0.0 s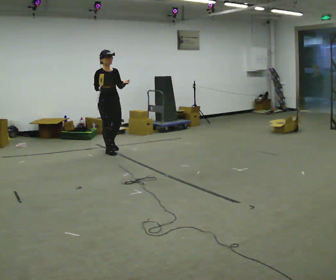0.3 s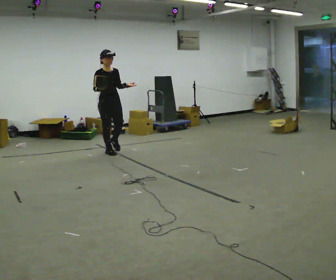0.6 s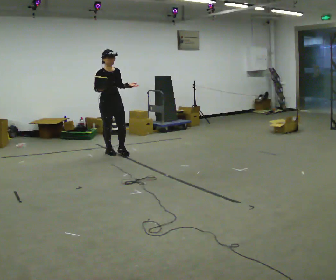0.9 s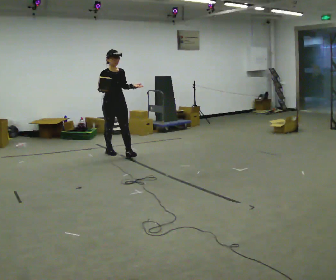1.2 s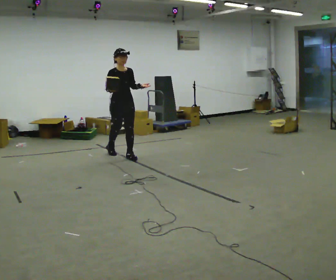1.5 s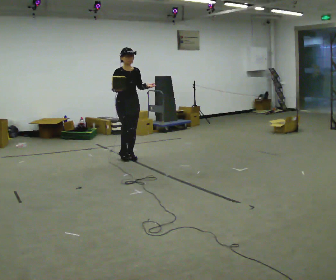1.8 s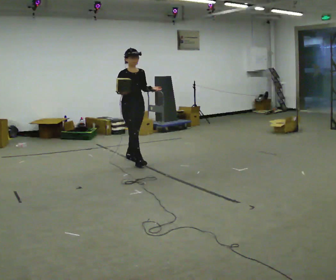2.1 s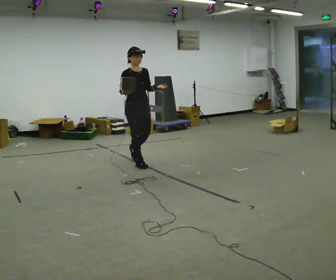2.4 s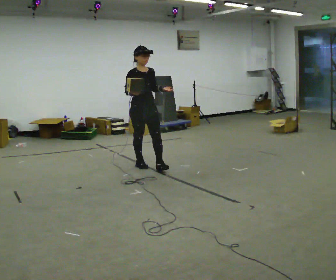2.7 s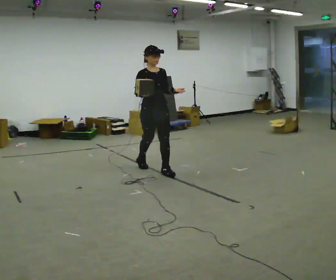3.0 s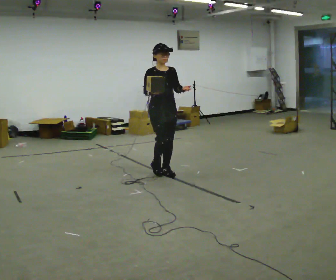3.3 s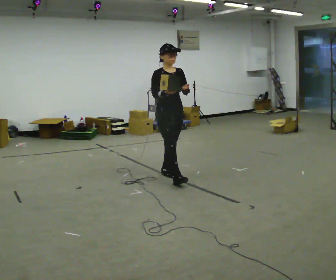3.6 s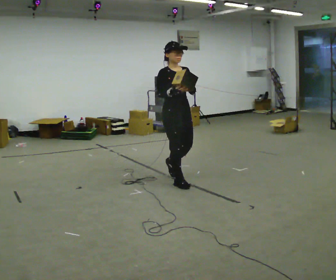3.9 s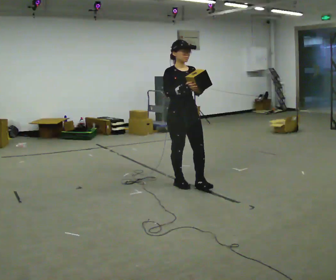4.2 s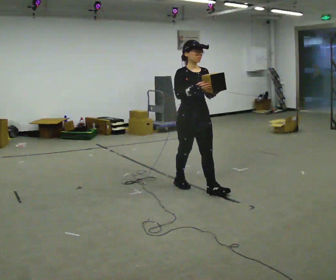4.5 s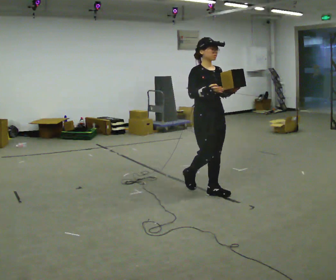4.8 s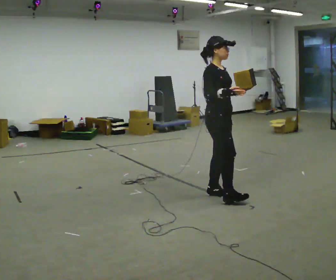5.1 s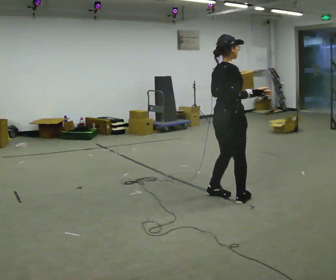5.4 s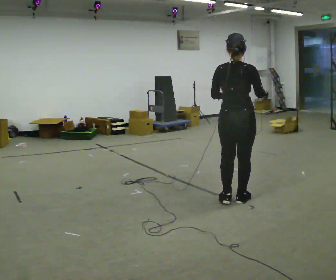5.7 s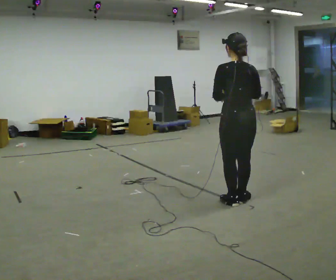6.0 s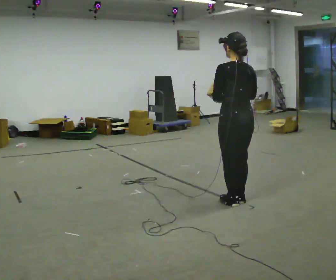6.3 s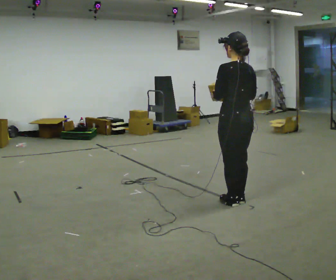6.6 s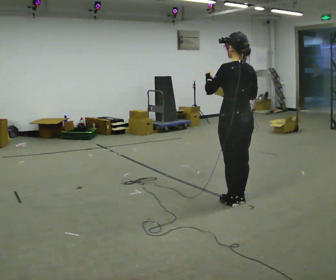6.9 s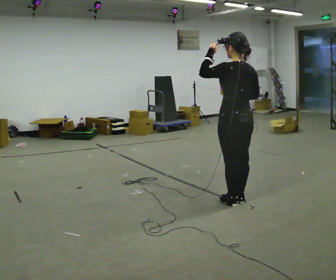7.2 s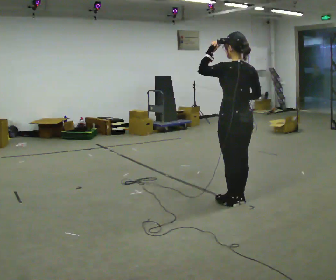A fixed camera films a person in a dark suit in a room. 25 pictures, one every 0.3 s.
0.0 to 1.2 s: In the picture they go to the right and toward the camera, about 0.25 m in 1 step, which for them is forward.
1.2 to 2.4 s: In the picture they go toward the camera and to the right, about 0.5 m in 1 step, which for them is forward.
2.4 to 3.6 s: In the picture they go toward the camera and to the right, about 1 m in 2 steps, which for them is forward.
3.6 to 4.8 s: The person turns about 30 degrees to their left, counterclockwise seen from above, so the part of the body nearest the lens slides to the right. In the picture they go to the right and toward the camera, about 0.75 m in 1 step, which for them is forward.
4.8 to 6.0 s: The person turns about 135 degrees to their left, counterclockwise seen from above, so the part of the body nearest the lens slides to the right. In the picture they go toward the camera and to the right, about 0.25 m in 2 steps.
6.0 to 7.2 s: In the picture their left hand goes upward.
The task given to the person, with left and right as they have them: Carry the object in one hand and, while walking, pass it to your other hand. Keep passing it back and forth as you walk.
The film runs forward here.
